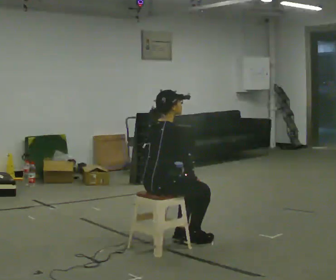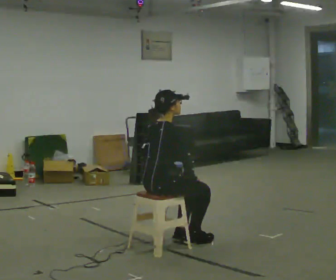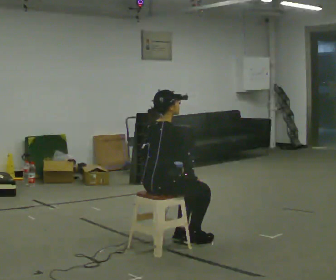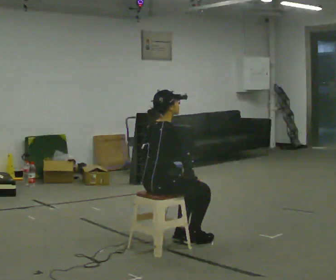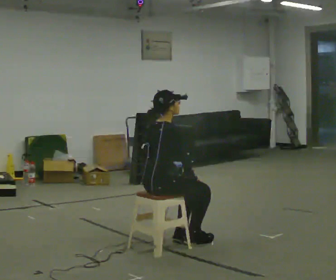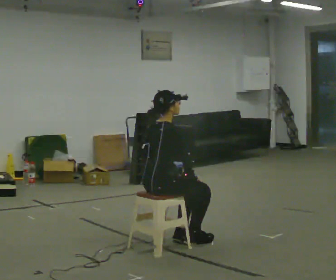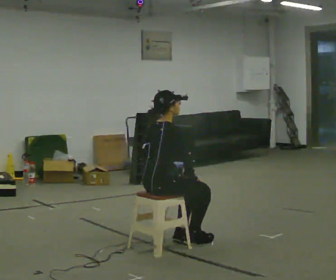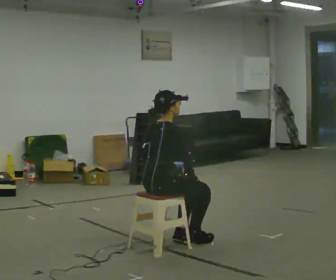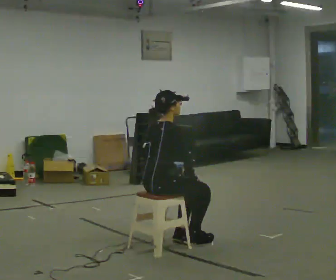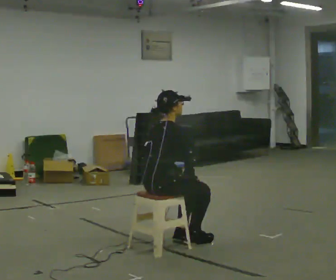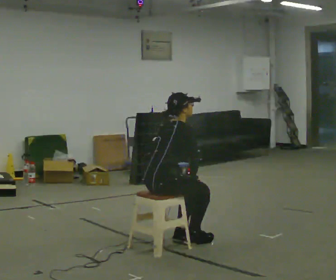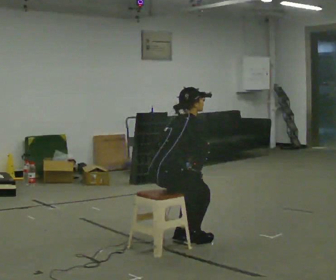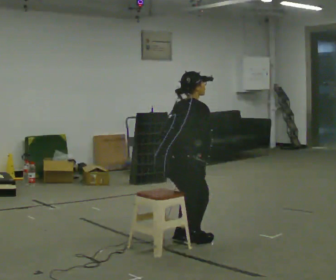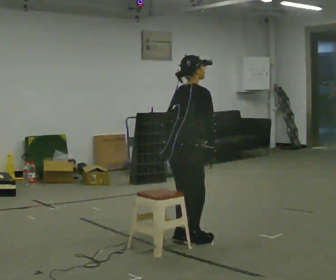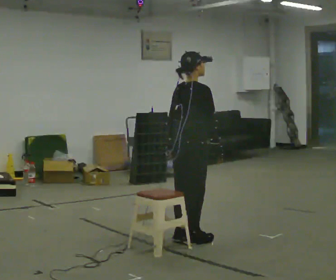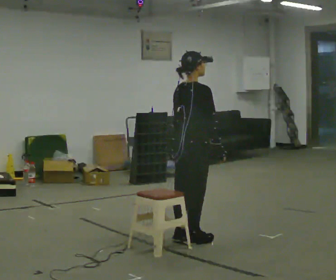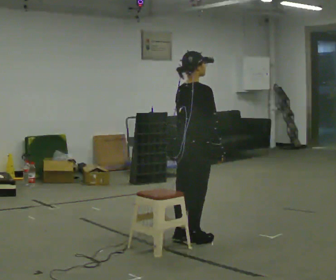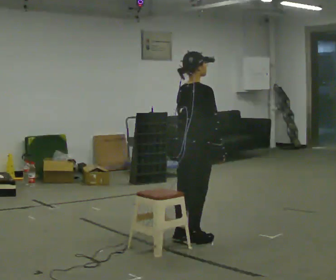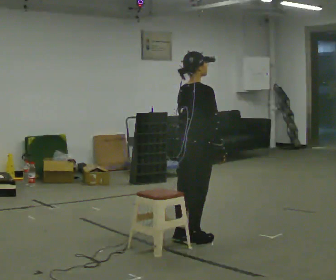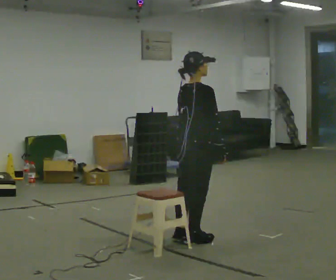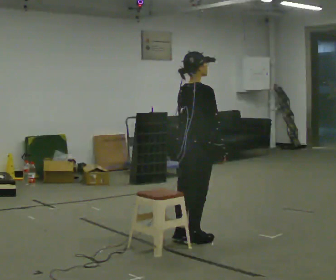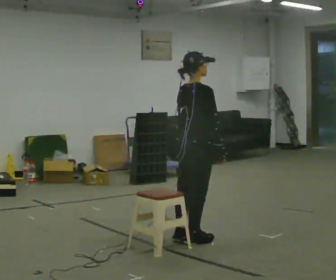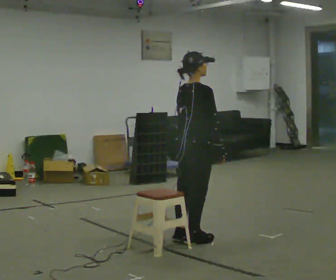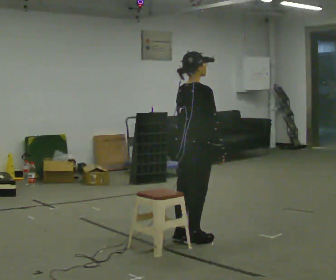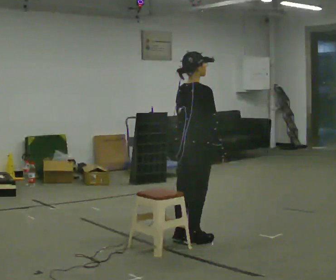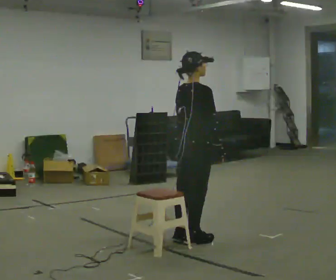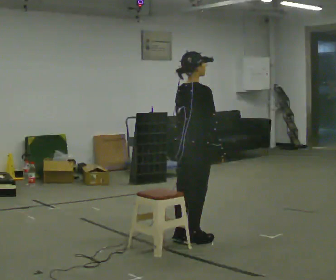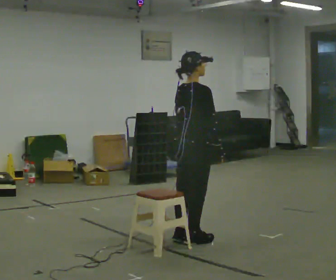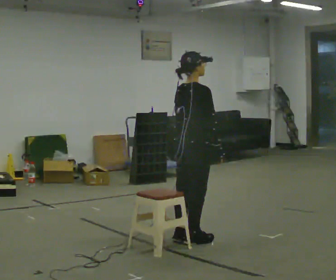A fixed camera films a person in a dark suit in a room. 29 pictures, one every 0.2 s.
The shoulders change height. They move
upward.
0.0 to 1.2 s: The person keeps their place and pose.
1.2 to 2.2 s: The upper body tips away from the camera, its near side rolling upward, as they bend forward.
2.2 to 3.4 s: In the picture they go to the right and away from the camera, about 0.25 m, which for them is forward. The shoulders move upward. In the picture the upper body tilts counterclockwise, shoulders to the left, as they lean back or straighten.
3.4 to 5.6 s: The person moves a little, or ends about where they began.
The film runs forward here.
